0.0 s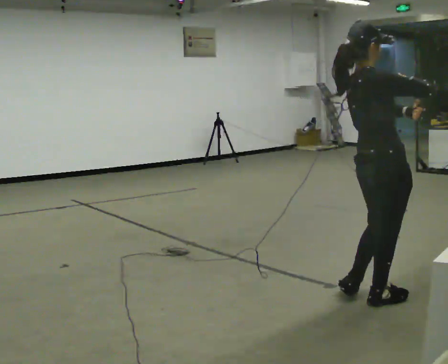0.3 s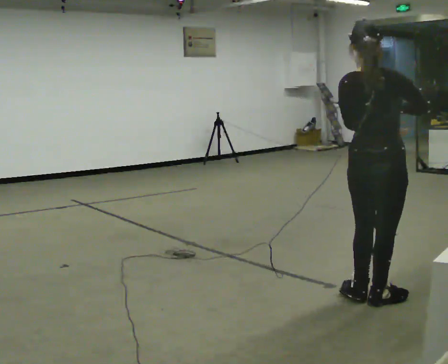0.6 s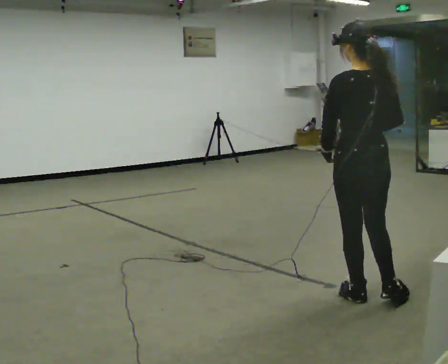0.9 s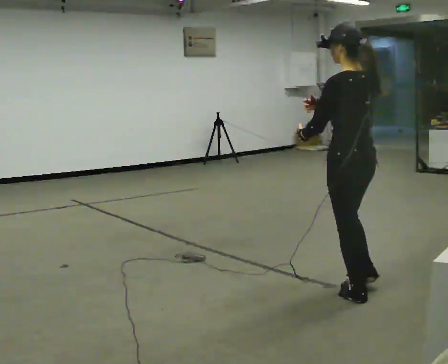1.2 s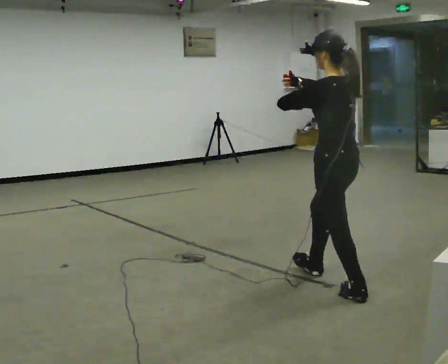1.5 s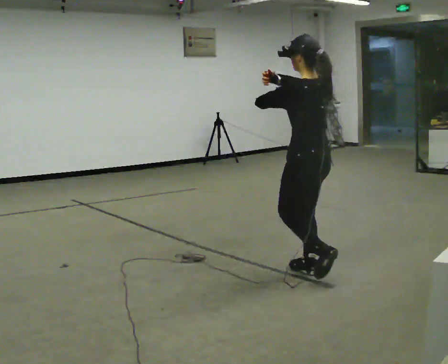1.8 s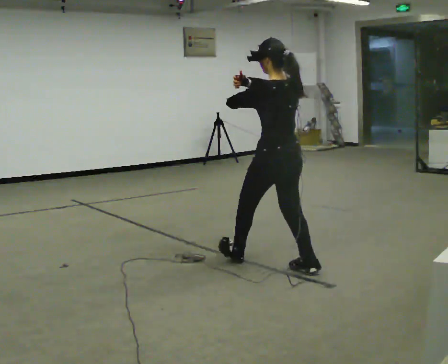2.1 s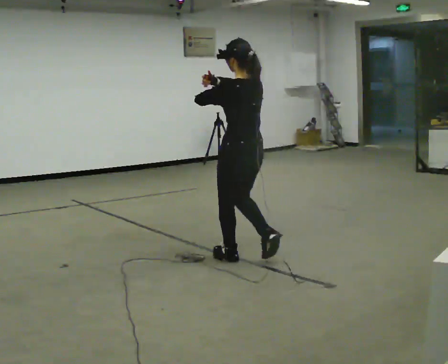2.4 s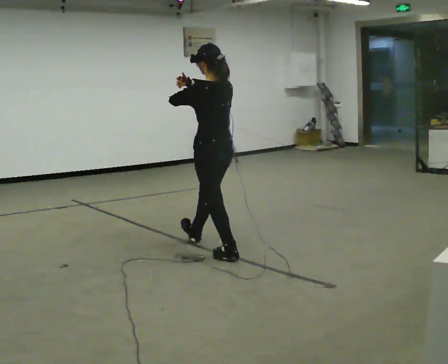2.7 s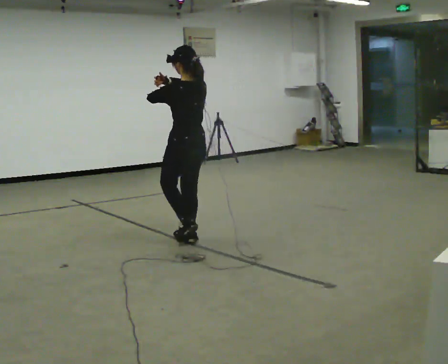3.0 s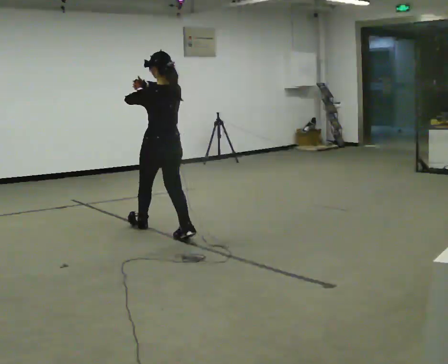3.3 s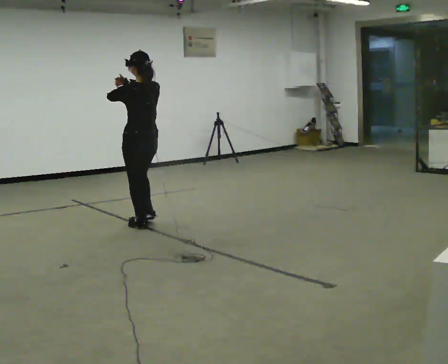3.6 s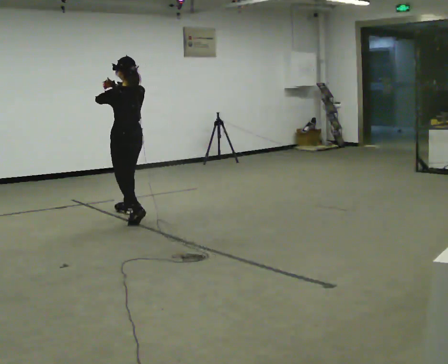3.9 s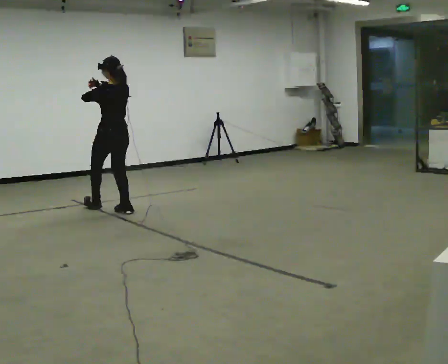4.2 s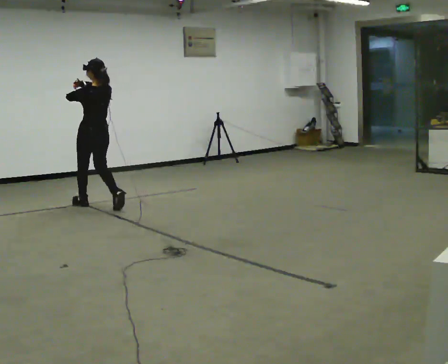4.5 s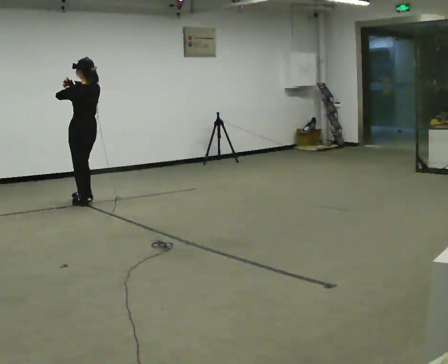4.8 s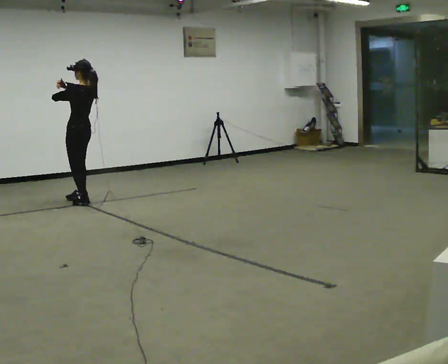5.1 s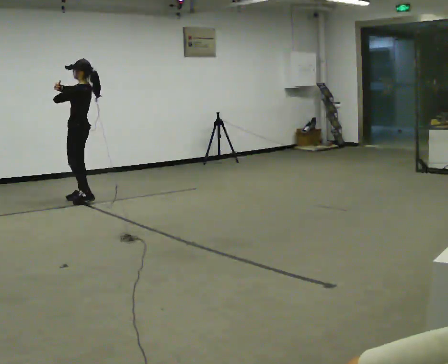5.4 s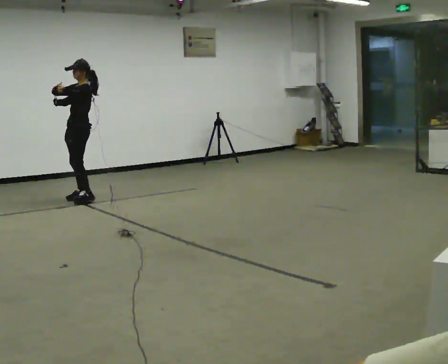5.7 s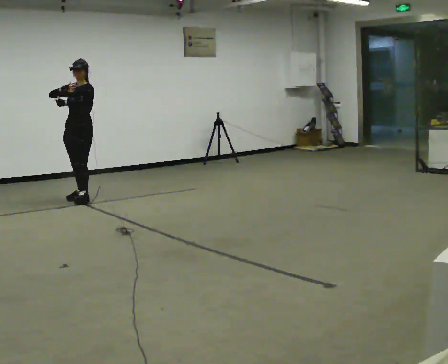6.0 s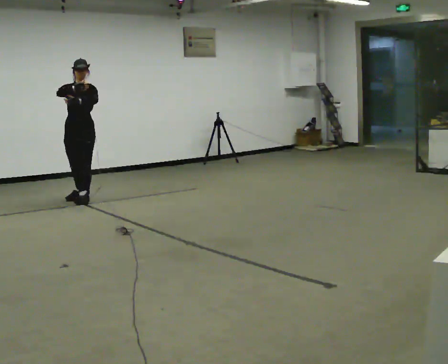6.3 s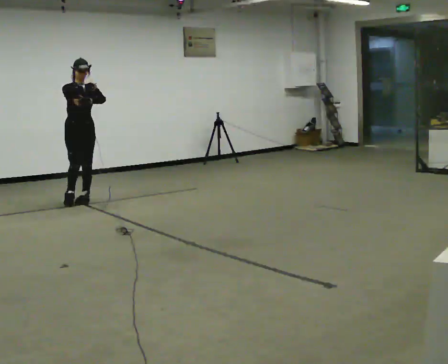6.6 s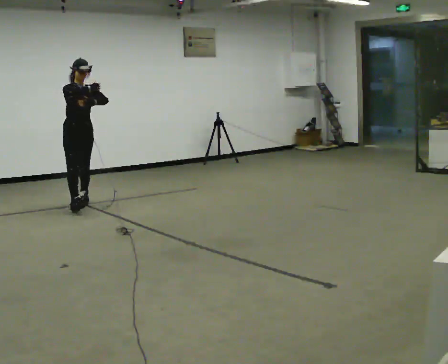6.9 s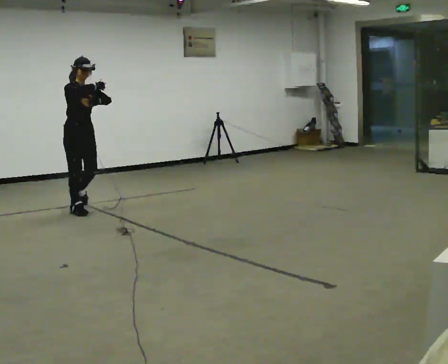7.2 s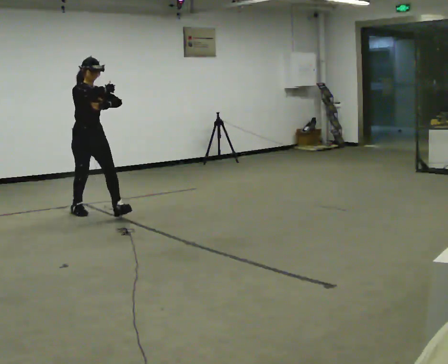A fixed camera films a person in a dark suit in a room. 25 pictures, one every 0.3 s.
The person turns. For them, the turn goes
to their left.
The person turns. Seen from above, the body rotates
counterclockwise.
0.0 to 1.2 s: Seen from above the body turns counterclockwise, about 120 degrees: to their left, with its near side sliding to the right. In the picture they go away from the camera, about 0.25 m.
1.2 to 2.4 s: In the picture they go away from the camera and to the left, about 1 m in 2 steps, which for them is forward.
2.4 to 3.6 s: In the picture they go away from the camera and to the left, about 1.5 m in 3 steps, which for them is forward.
3.6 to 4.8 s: Seen from above the body turns counterclockwise, about 30 degrees: to their left, with its near side sliding to the right. In the picture they go away from the camera and to the left, about 1 m in 2 steps, which for them is forward.
4.8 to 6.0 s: The part of the body nearest the lens slides to the right as the person turns to their left by about 105 degrees.
6.0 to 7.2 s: The person turns about 30 degrees to their left, counterclockwise seen from above, so the part of the body nearest the lens slides to the right. In the picture they go toward the camera, about 1 m in 1 step, which for them is forward.
The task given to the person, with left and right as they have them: Walk normally but hold both hands together in front of you at chest height; do not swing your arms; stop.
The film runs forward here.
